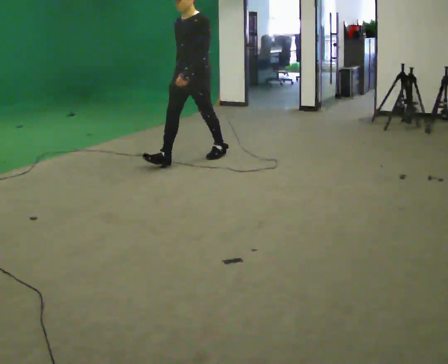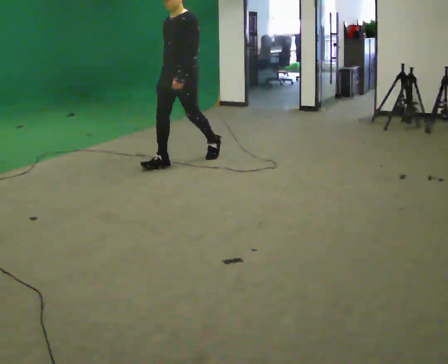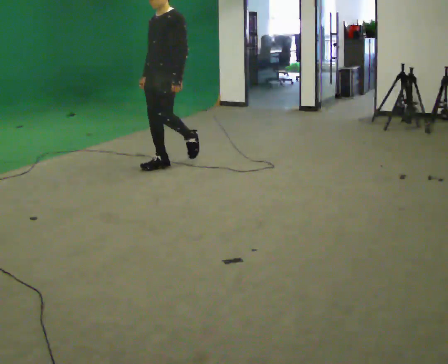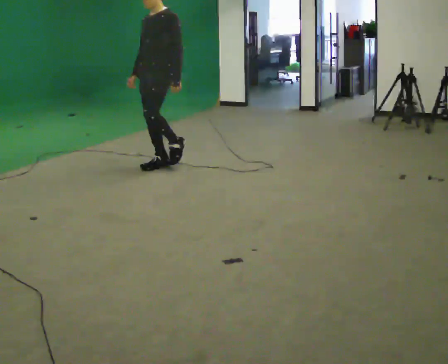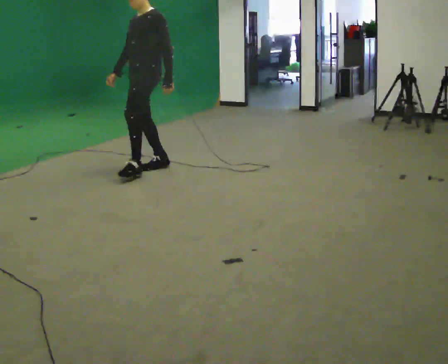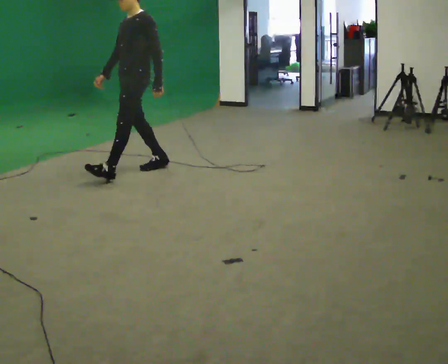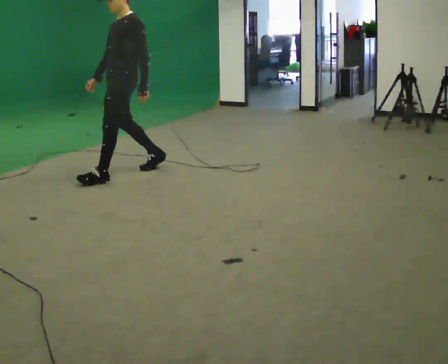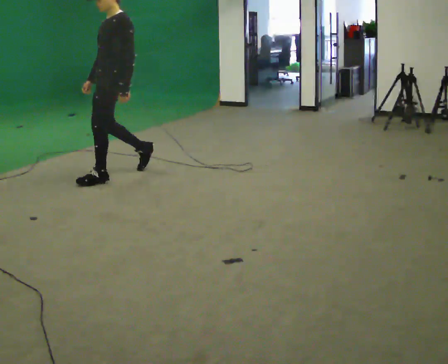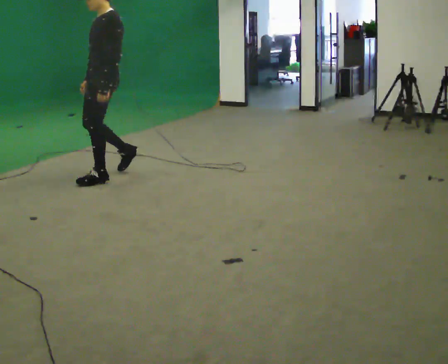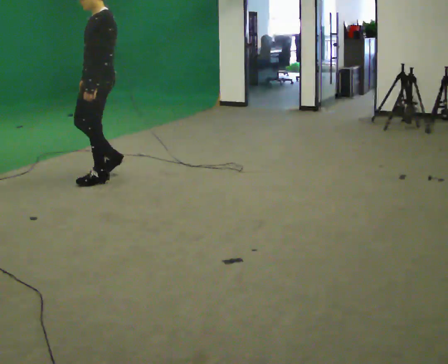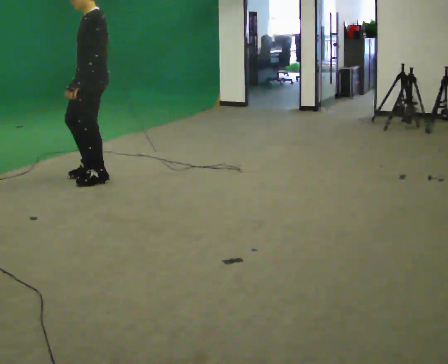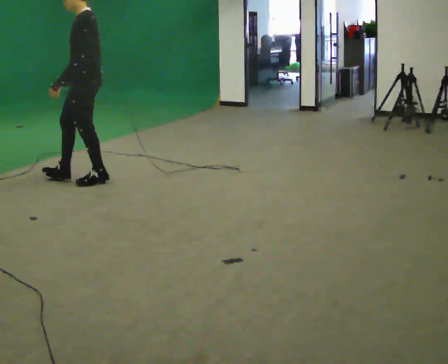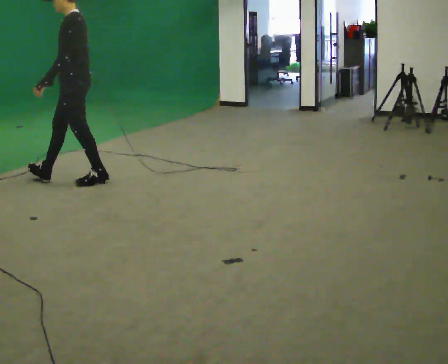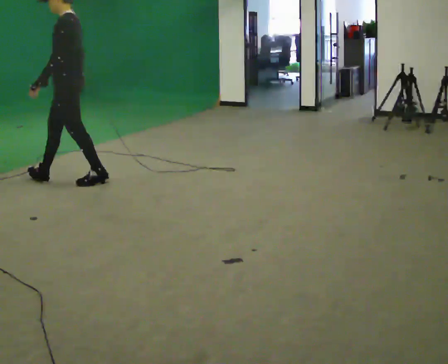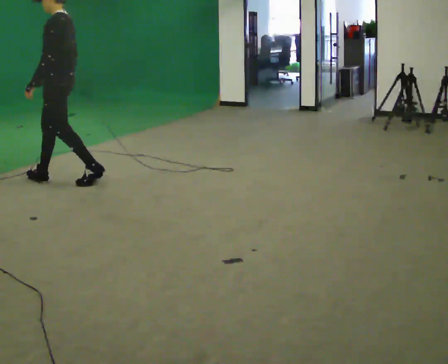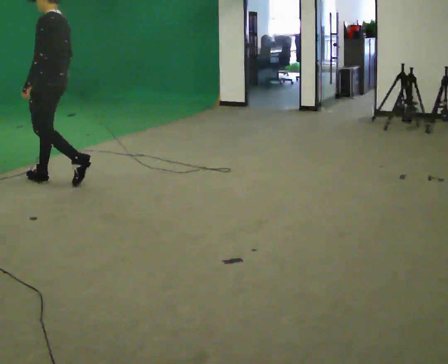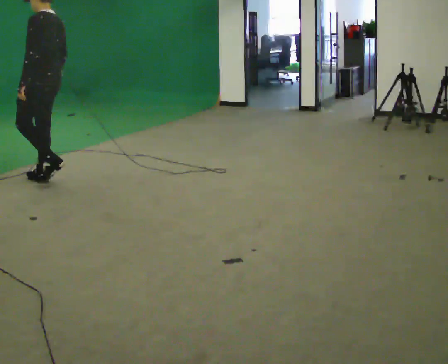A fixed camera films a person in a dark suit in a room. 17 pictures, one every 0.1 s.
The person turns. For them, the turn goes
to their right.
The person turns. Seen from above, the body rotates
clockwise.
0.0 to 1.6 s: The person turns about 75 degrees to their right, clockwise seen from above, so the part of the body nearest the lens slides to the left. In the picture they go to the left, about 1.5 m in 3 steps.
The film runs forward here.
